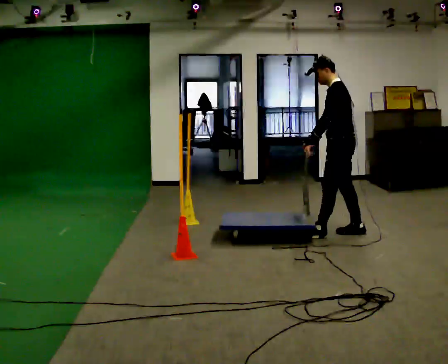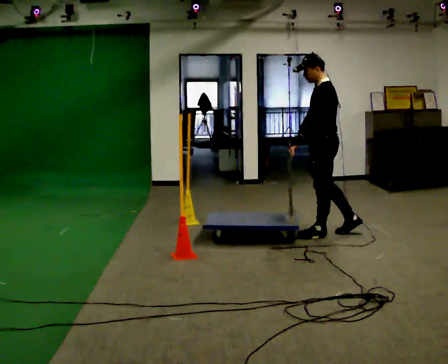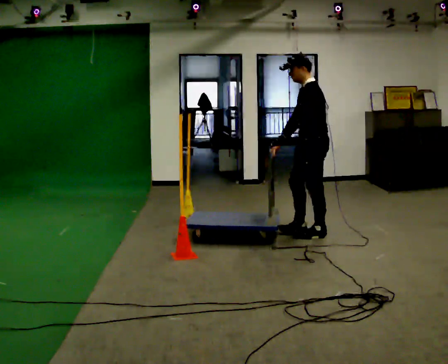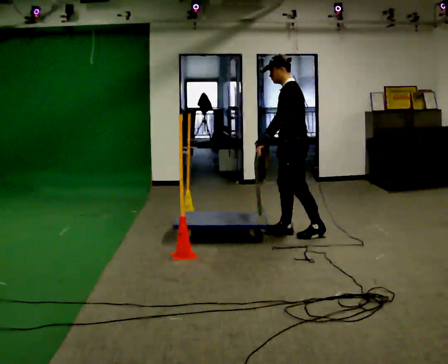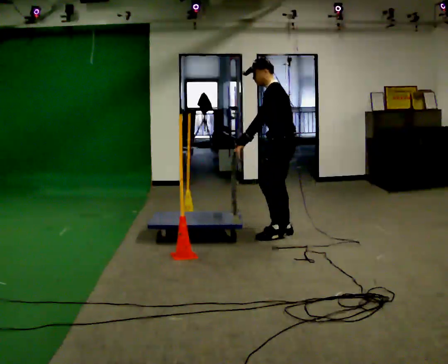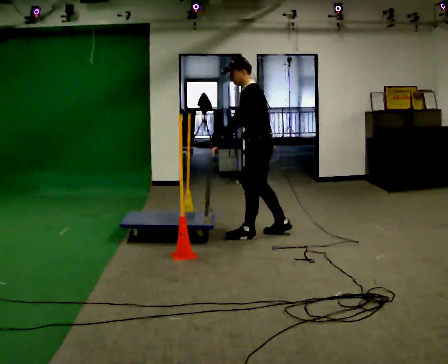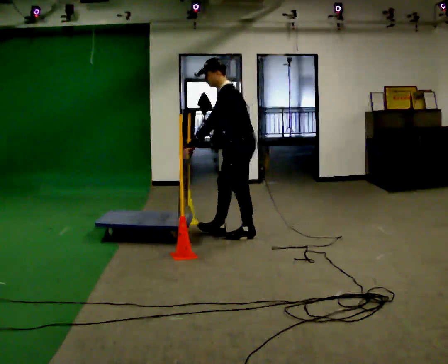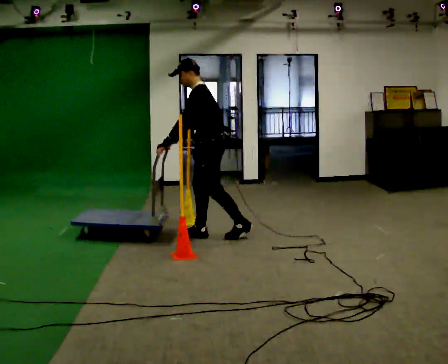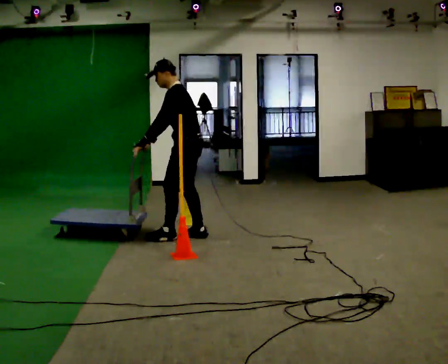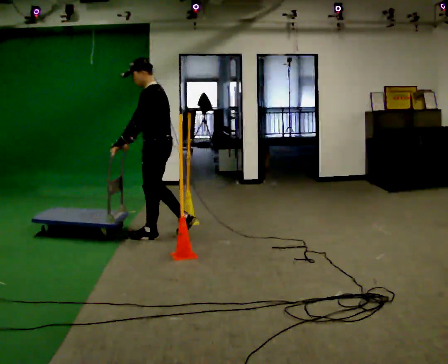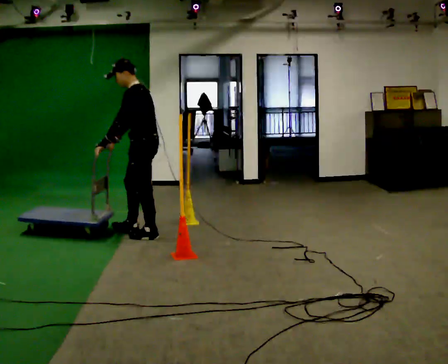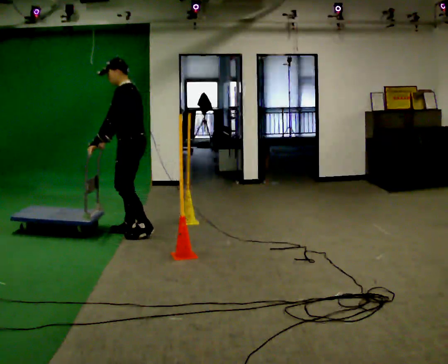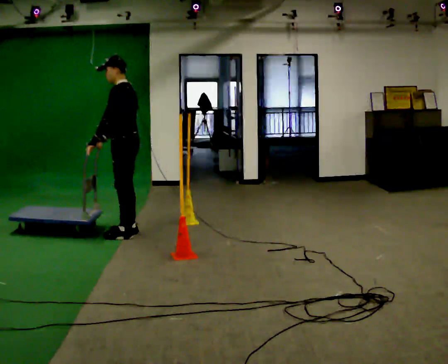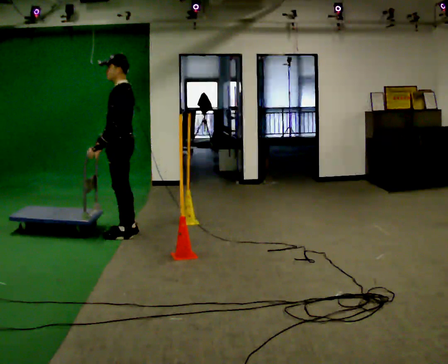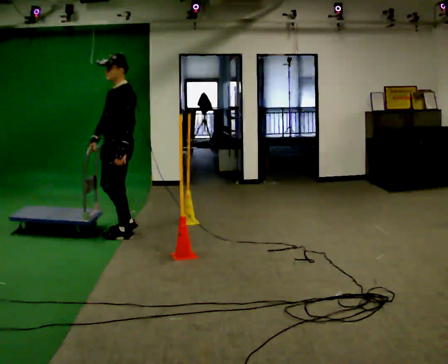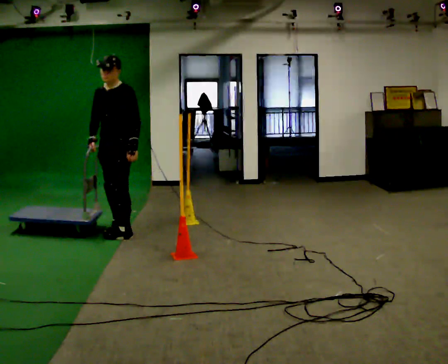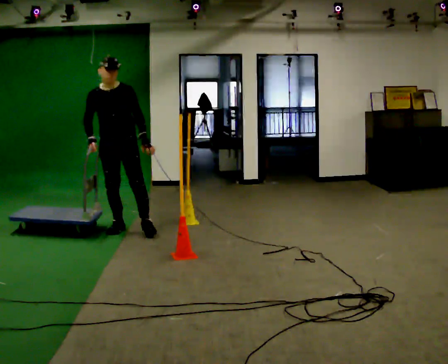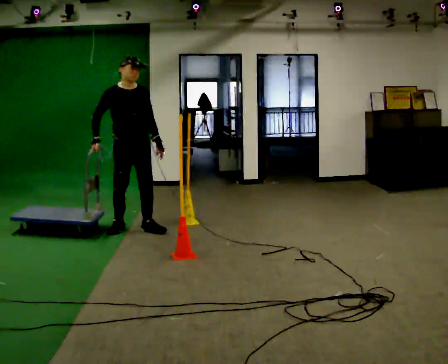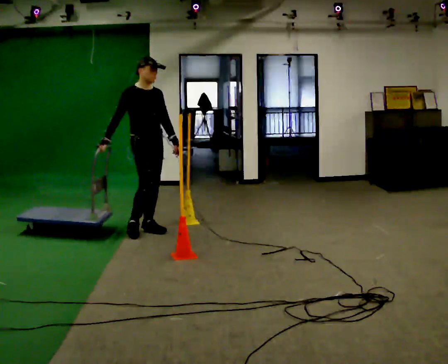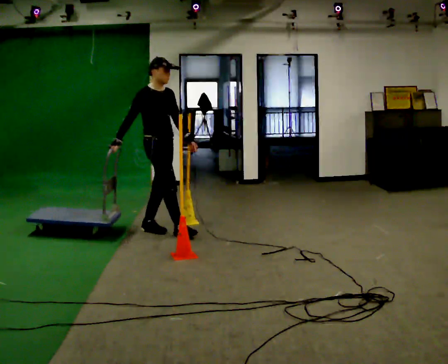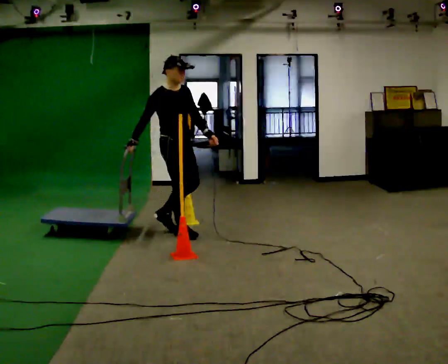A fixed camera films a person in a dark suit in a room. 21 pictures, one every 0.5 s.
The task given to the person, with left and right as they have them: Push the cart through the gap between the poles without touching them, then bring it back through.
0.0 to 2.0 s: In the picture they go to the left, about 0.5 m in 1 step, which for them is forward.
2.0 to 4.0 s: In the picture they go to the left, about 1 m in 2 steps, which for them is forward.
4.0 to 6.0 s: In the picture they go to the left, about 0.5 m in 3 steps, which for them is forward.
6.0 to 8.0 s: Seen from above the body turns counterclockwise, about 90 degrees: to their left, with its near side sliding to the right. In the picture they go away from the camera, about 0.25 m in 1 step. In the picture their left hand goes to the right, the arm swinging counterclockwise.
8.0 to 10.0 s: The part of the body nearest the lens slides to the right as the person turns to their left by about 60 degrees. In the picture they go to the right, about 0.5 m in 2 steps.
The film runs forward here.
